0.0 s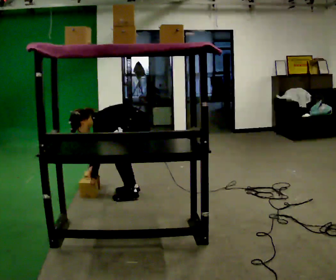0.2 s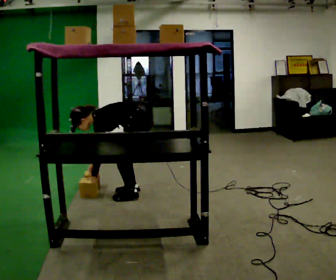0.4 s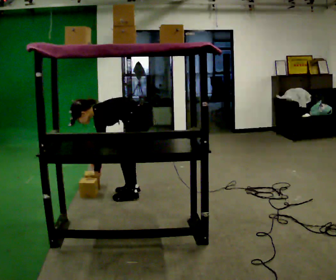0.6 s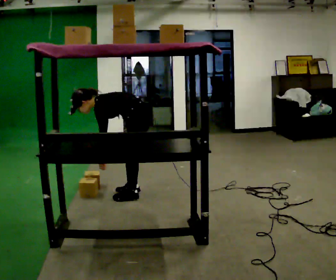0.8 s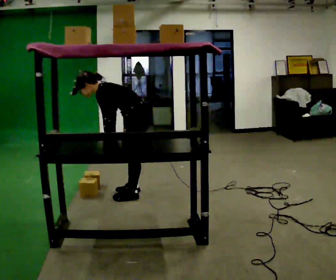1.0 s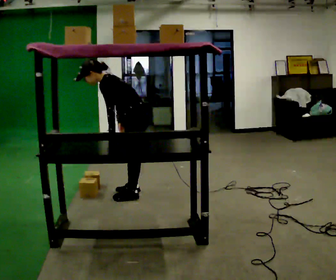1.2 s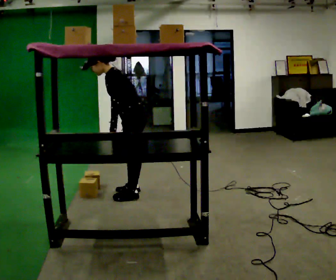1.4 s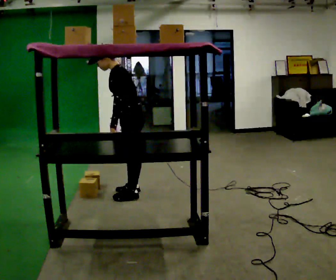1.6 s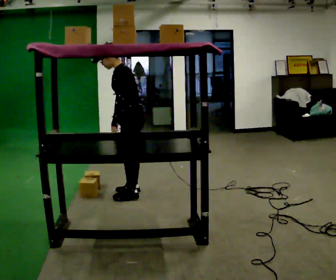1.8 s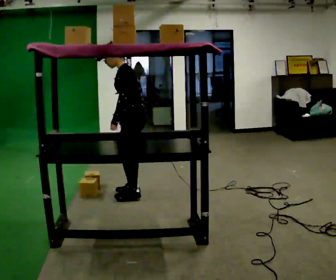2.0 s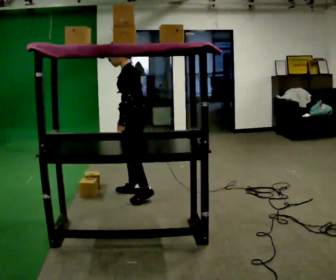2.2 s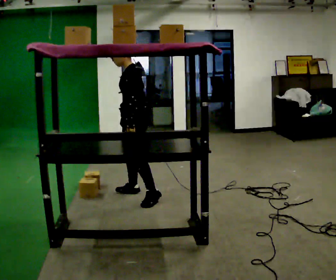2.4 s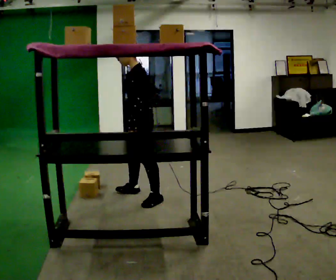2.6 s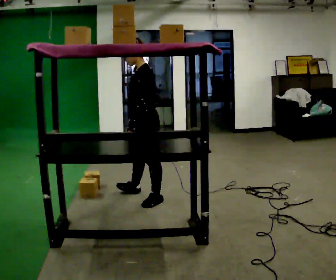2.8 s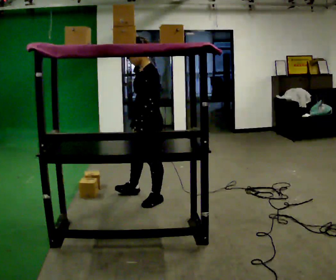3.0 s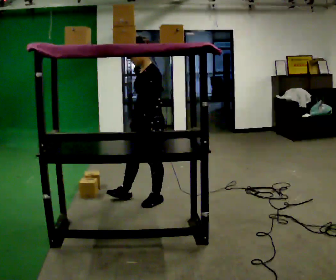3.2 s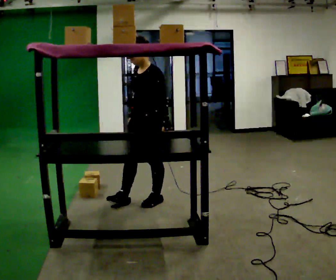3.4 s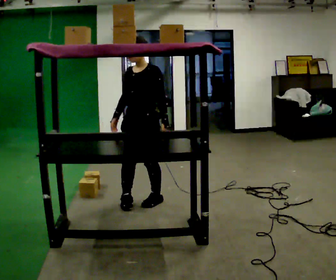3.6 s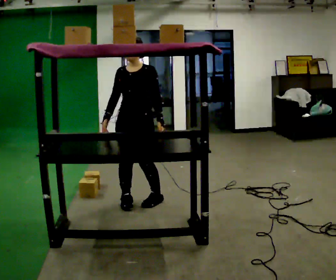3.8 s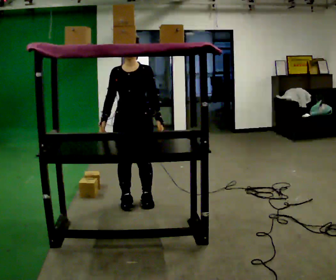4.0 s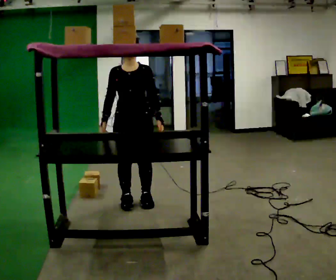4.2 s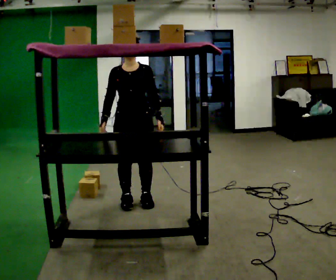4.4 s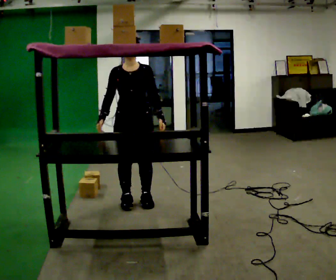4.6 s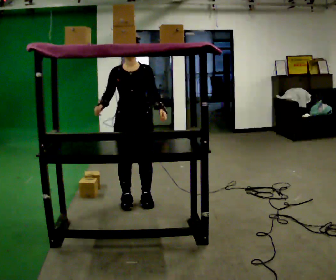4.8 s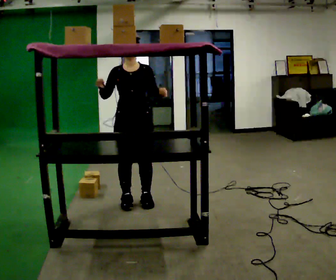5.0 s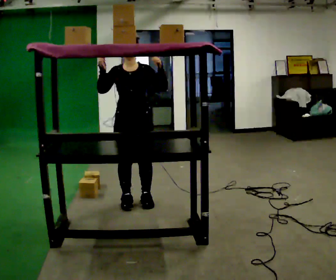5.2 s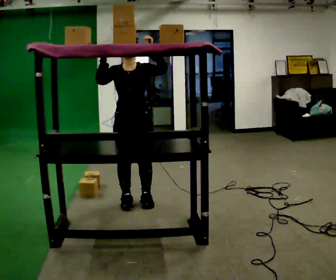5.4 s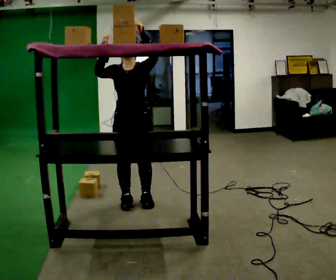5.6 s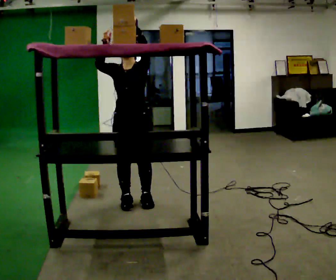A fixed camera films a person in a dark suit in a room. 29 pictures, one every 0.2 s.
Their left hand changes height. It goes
upward.
Their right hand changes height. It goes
upward.
0.0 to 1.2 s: The shoulders move upward. In the picture the upper body tilts clockwise, shoulders to the right, as they lean back or straighten. In the picture their right hand goes upward and to the right.
1.2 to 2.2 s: In the picture the upper body tilts clockwise, shoulders to the right, as they lean back or straighten.
2.2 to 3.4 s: The part of the body nearest the lens slides to the right as the person turns to their left by about 45 degrees. In the picture they go toward the camera, about 0.25 m in 1 step, which for them is to their left.
3.4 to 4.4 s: The part of the body nearest the lens slides to the right as the person turns to their left by about 45 degrees.
4.4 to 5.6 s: In the picture their left hand goes upward.
The film runs backward here.
